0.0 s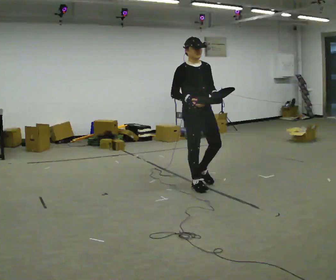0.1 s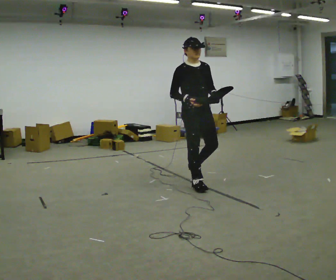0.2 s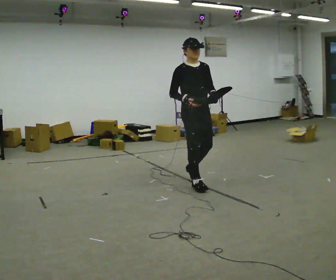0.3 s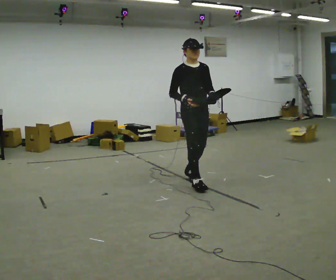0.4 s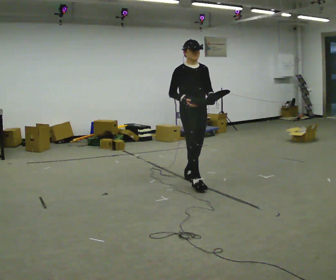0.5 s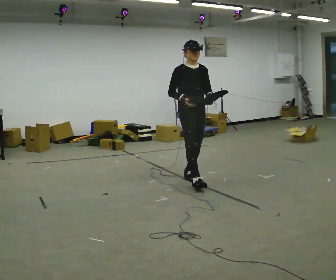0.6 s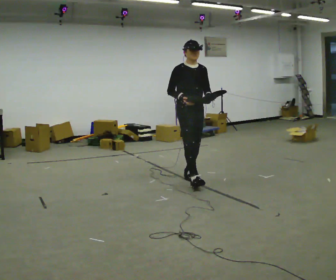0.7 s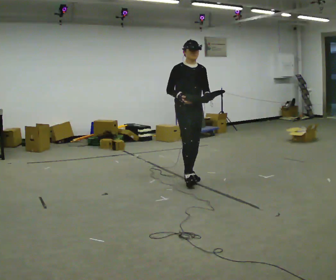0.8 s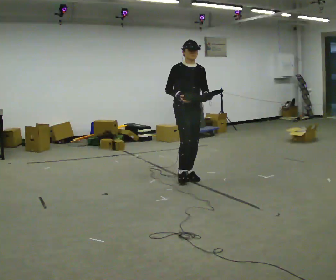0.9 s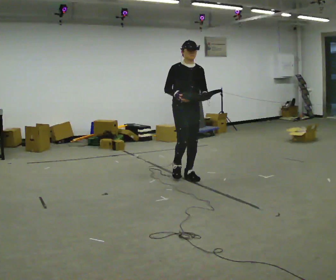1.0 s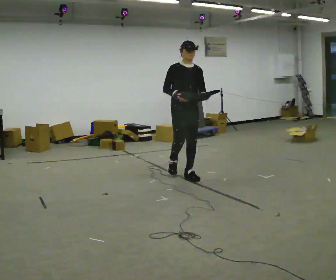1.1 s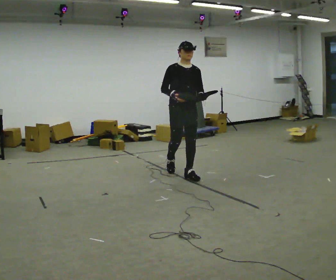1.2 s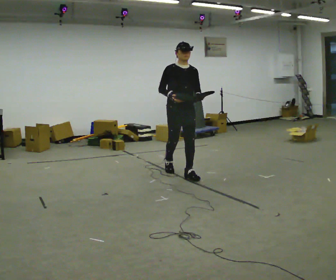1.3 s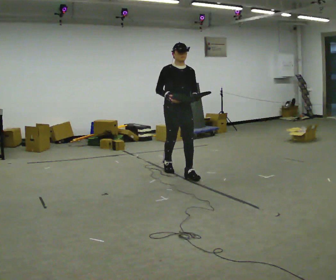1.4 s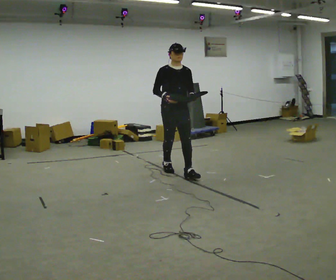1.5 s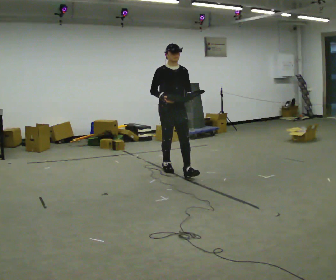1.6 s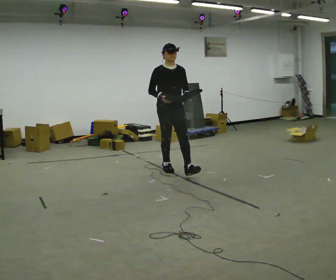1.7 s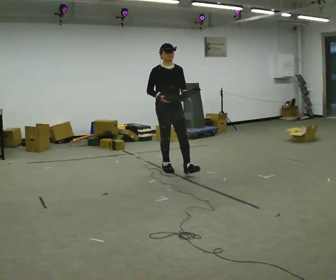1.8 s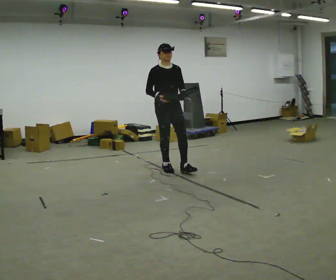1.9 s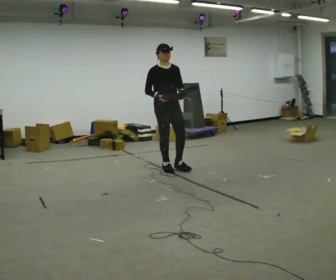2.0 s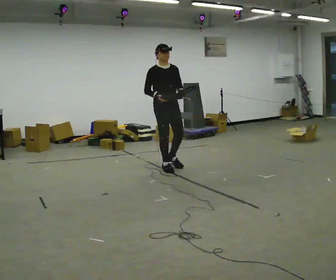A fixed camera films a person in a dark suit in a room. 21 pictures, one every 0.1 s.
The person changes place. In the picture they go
away from the camera.
0.0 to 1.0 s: In the picture they go away from the camera and to the left, about 0.5 m in 1 step, which for them is backward.
1.0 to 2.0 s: In the picture they go away from the camera and to the left, about 0.5 m in 1 step, which for them is backward.
The film runs backward here.
